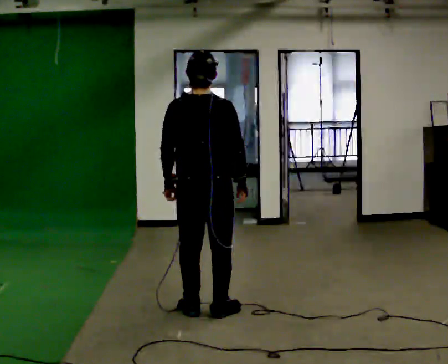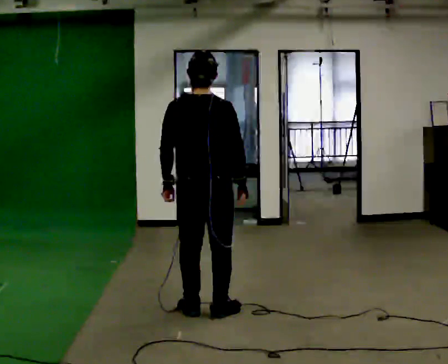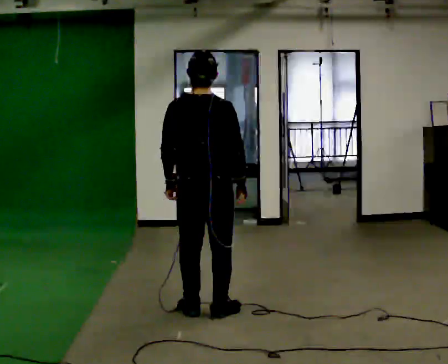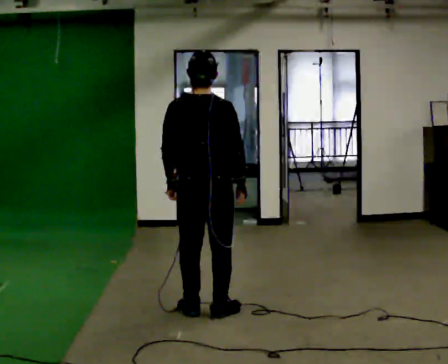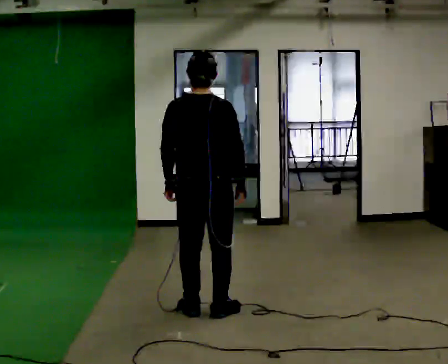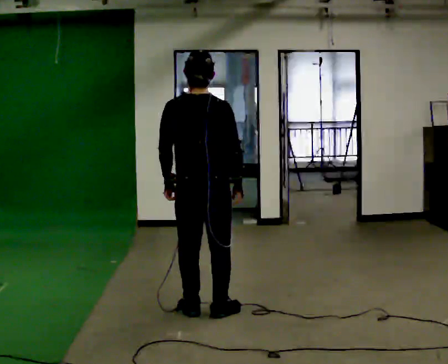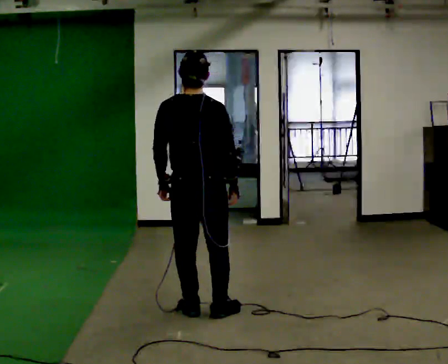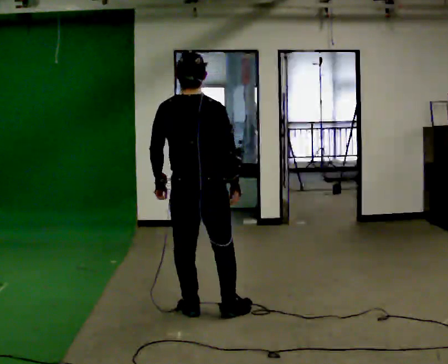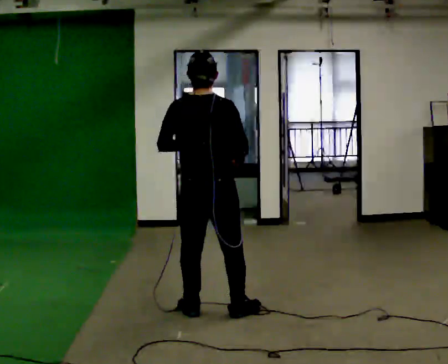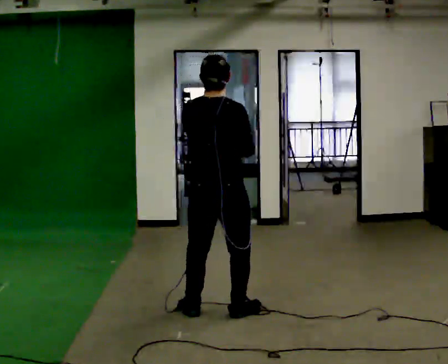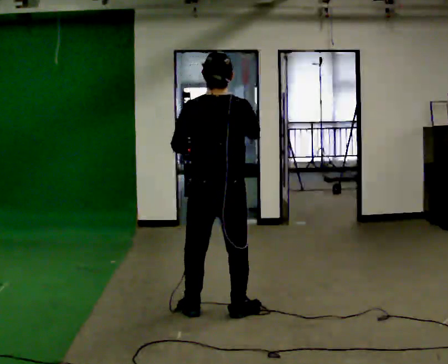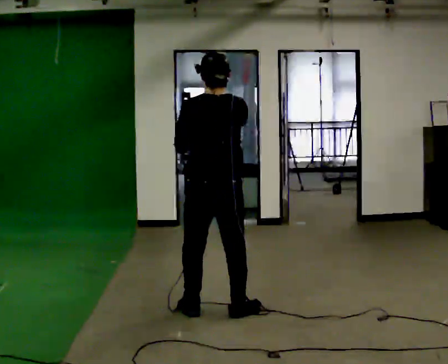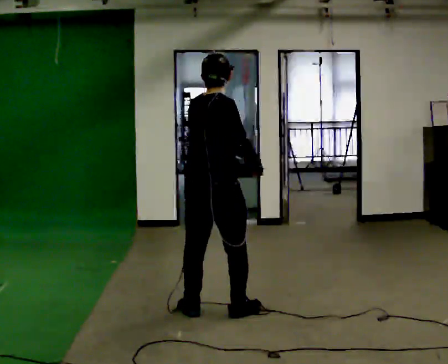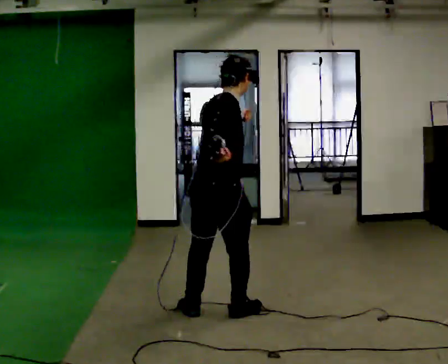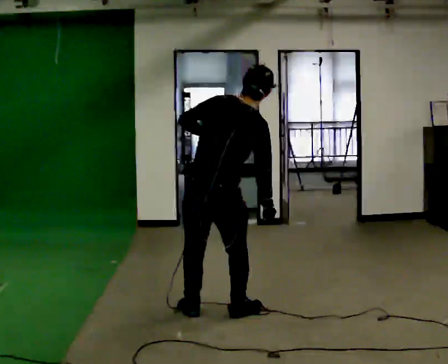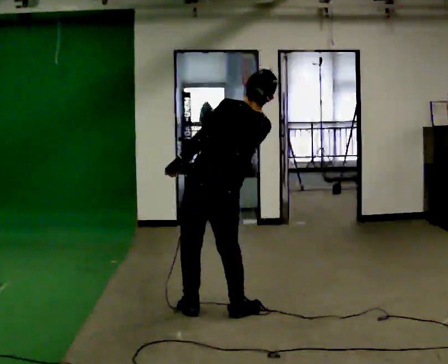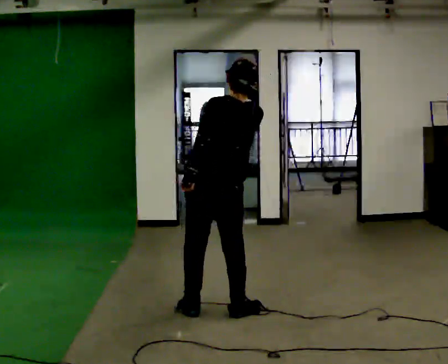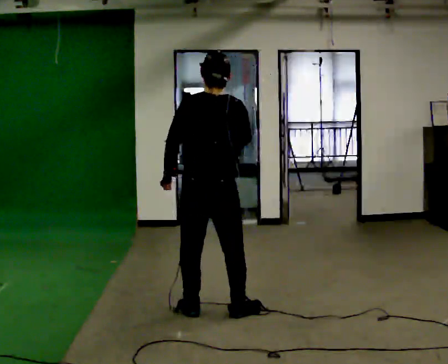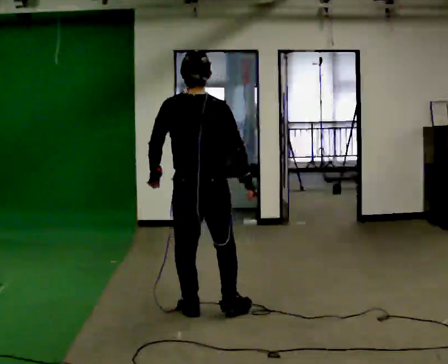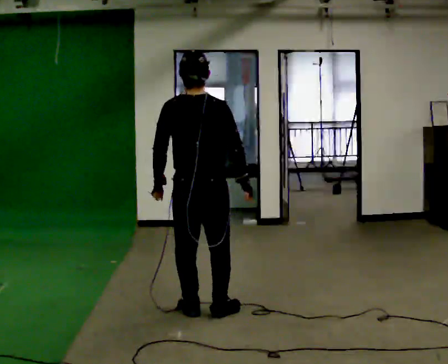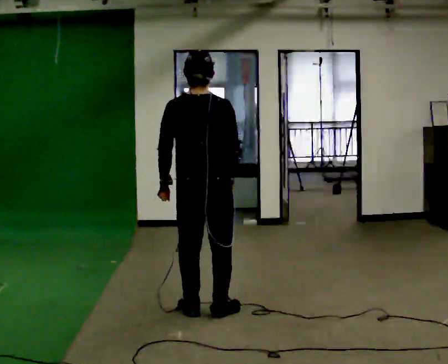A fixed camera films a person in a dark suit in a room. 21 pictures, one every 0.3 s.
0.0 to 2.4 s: The person moves a little, or ends about where they began.
2.4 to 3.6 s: The person turns about 30 degrees to their right, clockwise seen from above, so the part of the body nearest the lens slides to the left.
3.6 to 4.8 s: The part of the body nearest the lens slides to the right as the person turns to their left by about 45 degrees. In the picture their left hand goes downward.
4.8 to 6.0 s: In the picture the upper body tilts counterclockwise, shoulders to the left. In the picture their right hand goes downward.
The film runs forward here.
